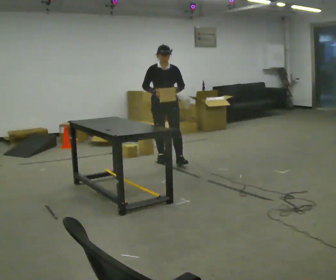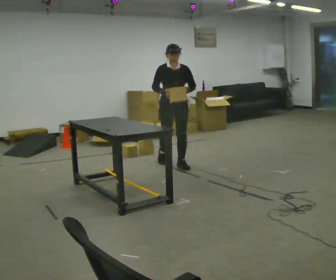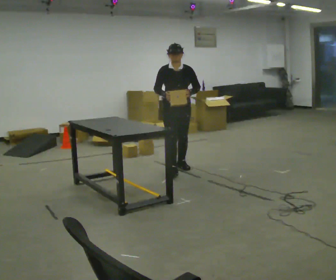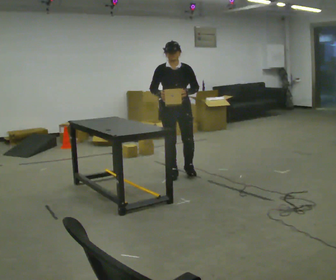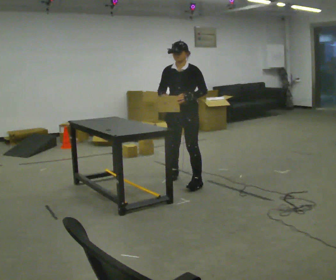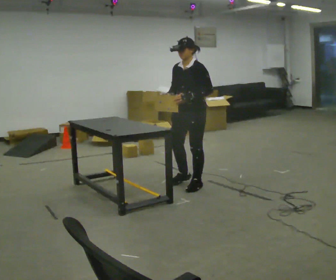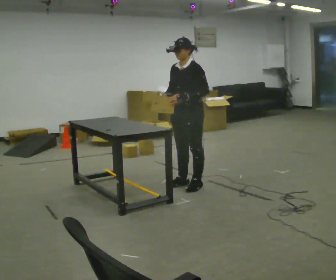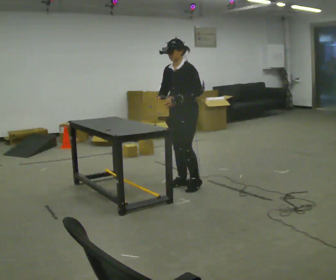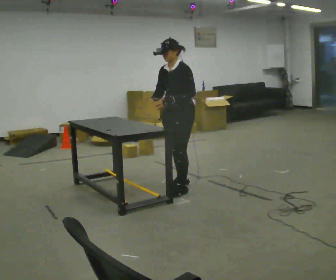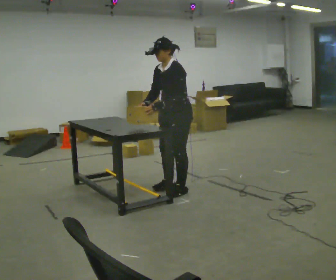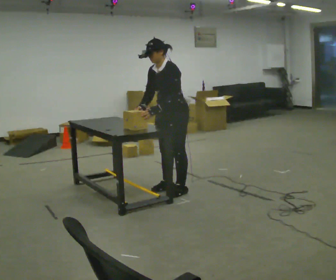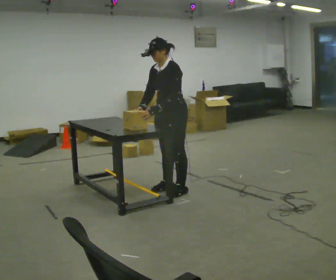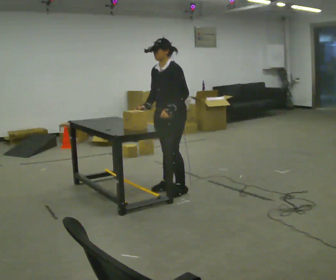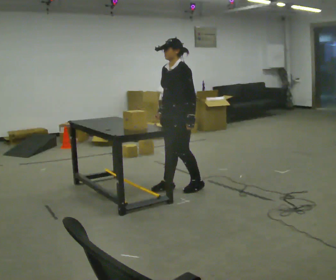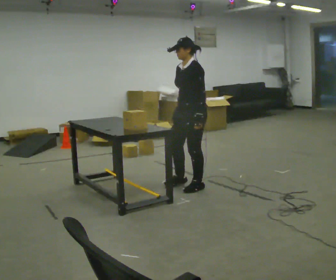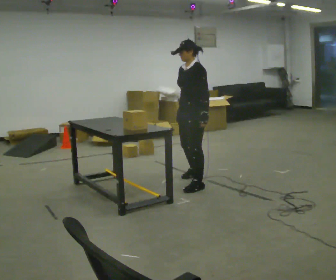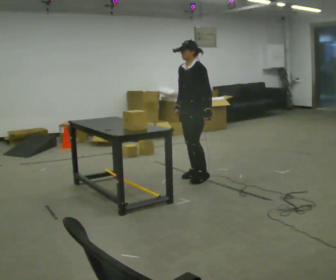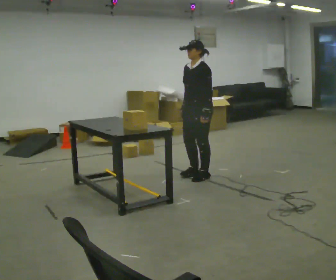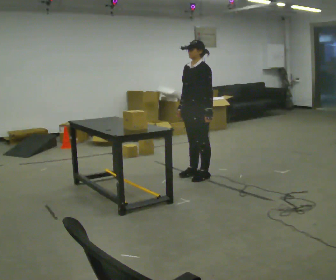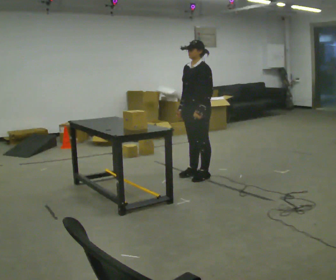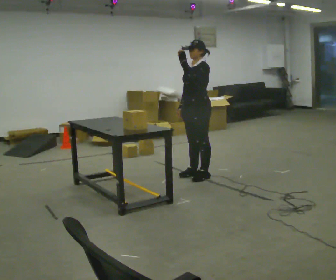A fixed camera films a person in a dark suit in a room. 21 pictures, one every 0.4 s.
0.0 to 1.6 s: Seen from above the body turns clockwise, about 30 degrees: to their right, with its near side sliding to the left. In the picture they go toward the camera, about 1 m in 3 steps, which for them is forward.
1.6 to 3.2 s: The part of the body nearest the lens slides to the left as the person turns to their right by about 30 degrees. In the picture they go toward the camera, about 0.25 m in 2 steps, which for them is forward and to their left.
3.2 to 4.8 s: The person moves a little, or ends about where they began.
4.8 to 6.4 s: In the picture they go away from the camera and to the right, about 0.5 m in 2 steps, which for them is backward and to their right.
6.4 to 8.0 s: In the picture their left hand goes upward.
The film runs forward here.
